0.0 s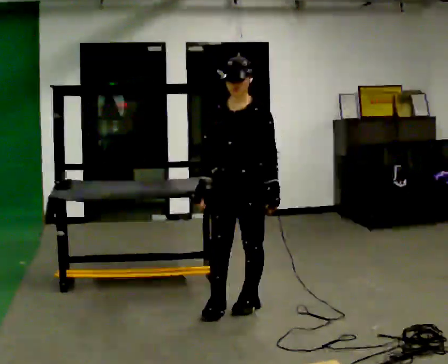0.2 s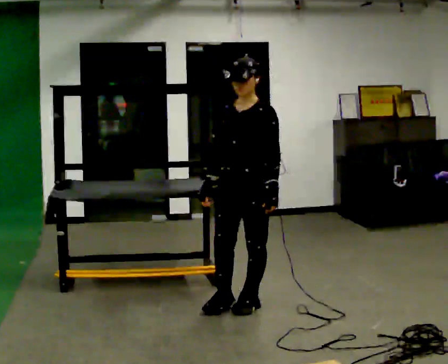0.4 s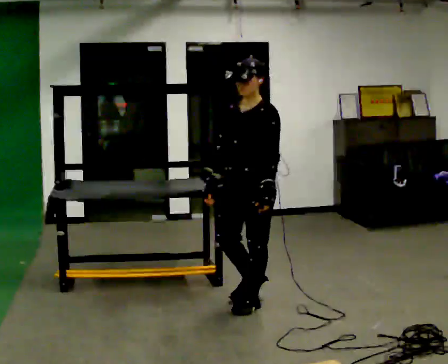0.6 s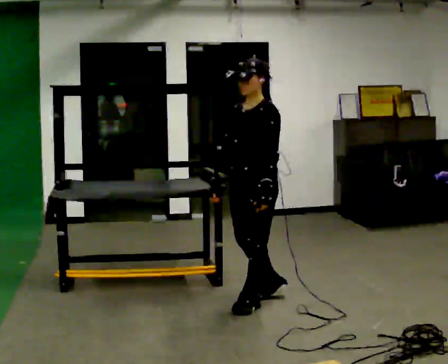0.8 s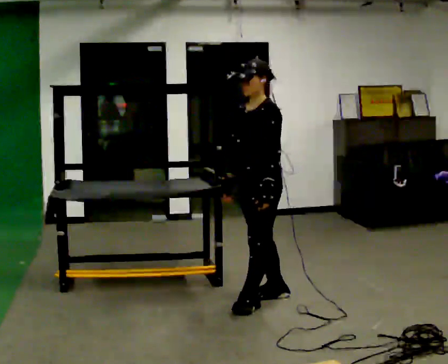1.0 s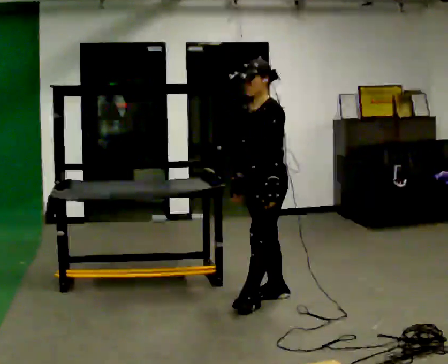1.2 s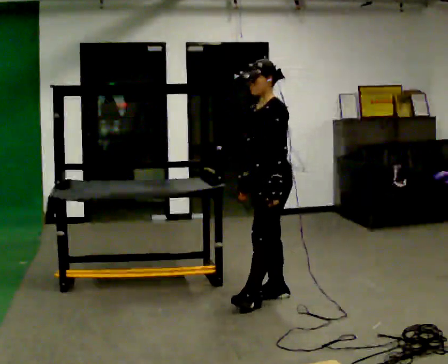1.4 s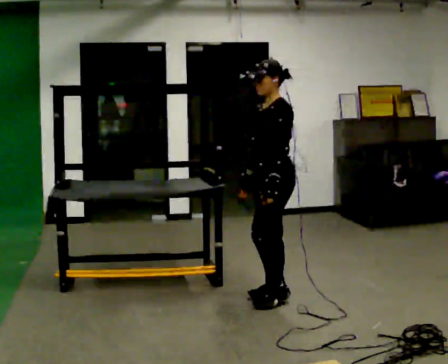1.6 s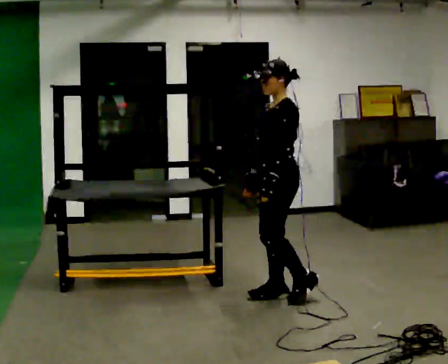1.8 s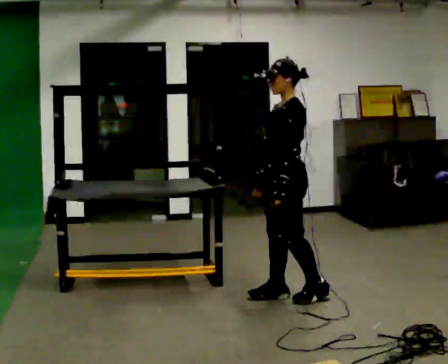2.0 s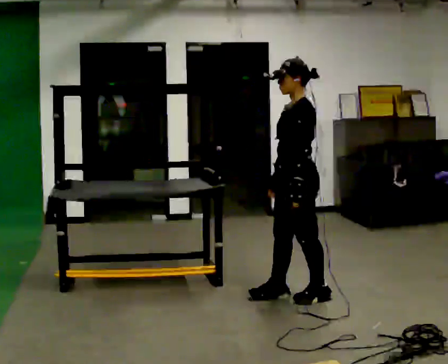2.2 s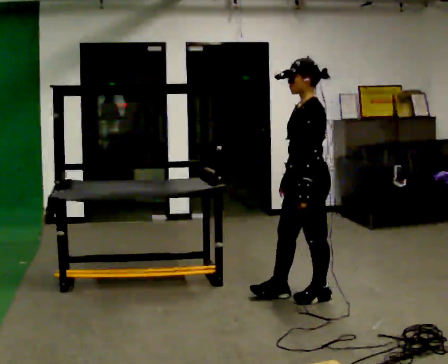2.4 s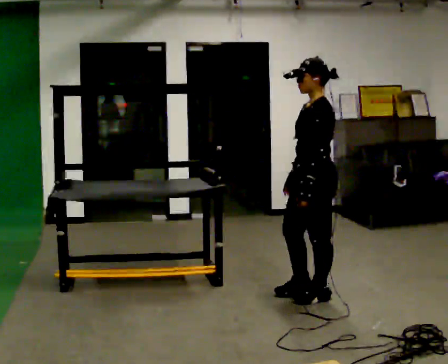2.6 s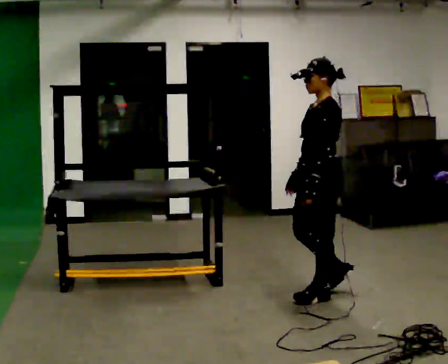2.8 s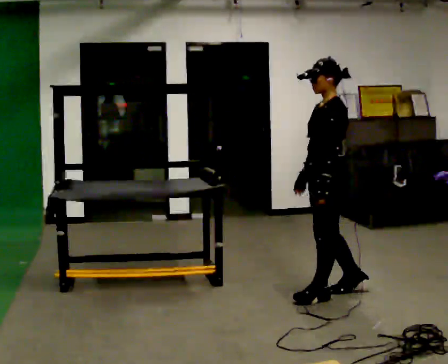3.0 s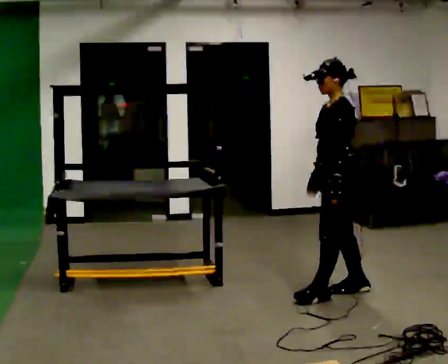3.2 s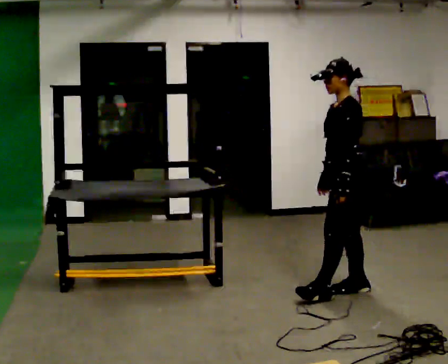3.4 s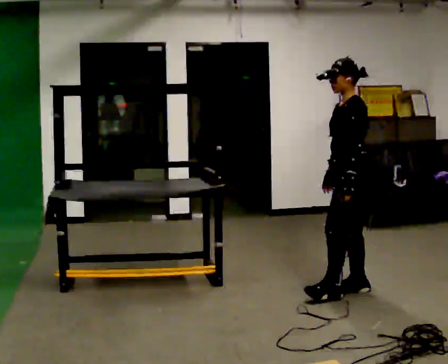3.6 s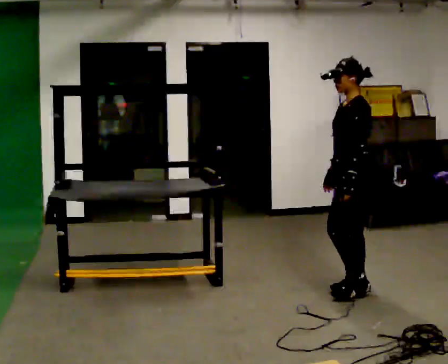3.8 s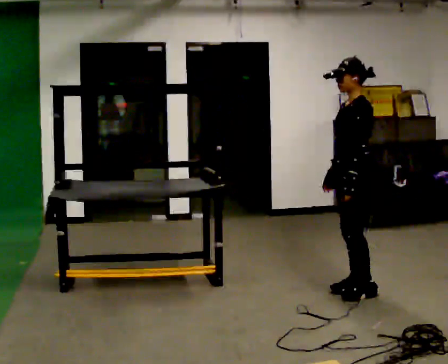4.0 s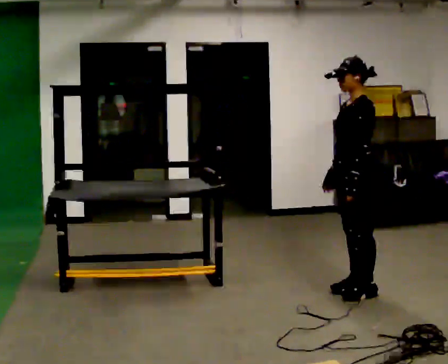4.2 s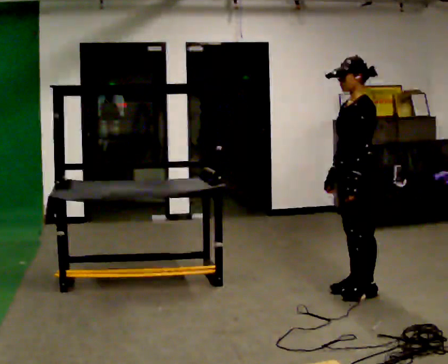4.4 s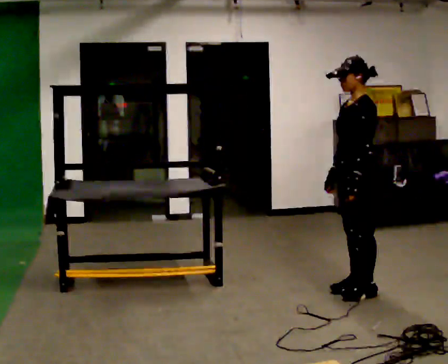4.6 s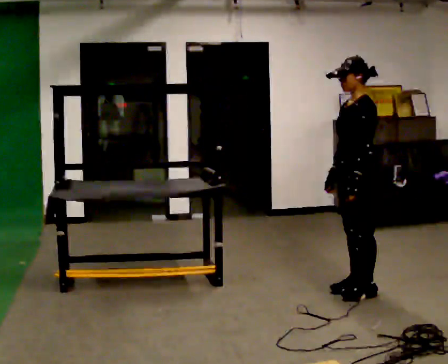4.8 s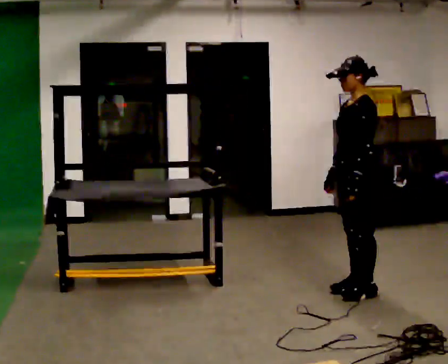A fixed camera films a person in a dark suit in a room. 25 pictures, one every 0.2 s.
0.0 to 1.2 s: Seen from above the body turns clockwise, about 45 degrees: to their right, with its near side sliding to the left. In the picture they go away from the camera and to the right, about 0.25 m in 2 steps, which for them is backward.
1.2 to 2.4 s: In the picture they go to the right, about 0.25 m in 1 step, which for them is backward.
2.4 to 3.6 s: In the picture they go to the right and away from the camera, about 0.25 m in 1 step, which for them is backward and to their right.
3.6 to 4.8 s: The person moves a little, or ends about where they began.
The film runs backward here.
